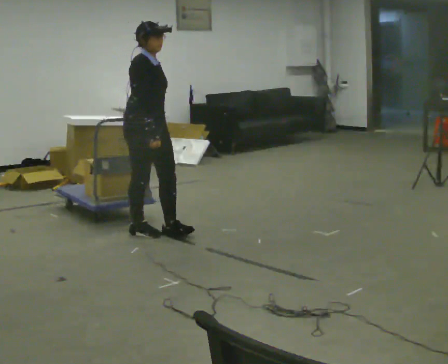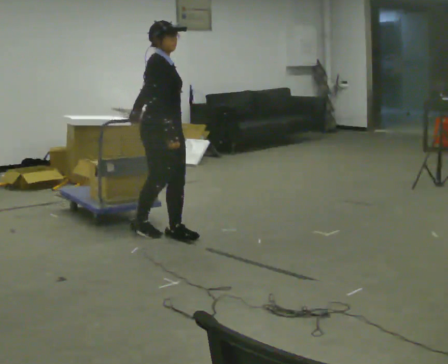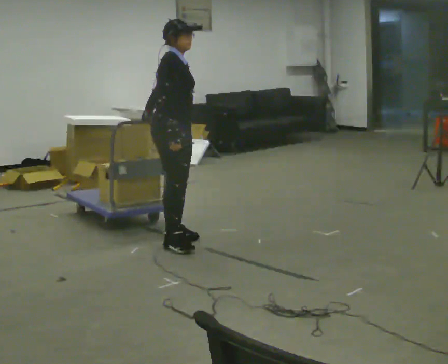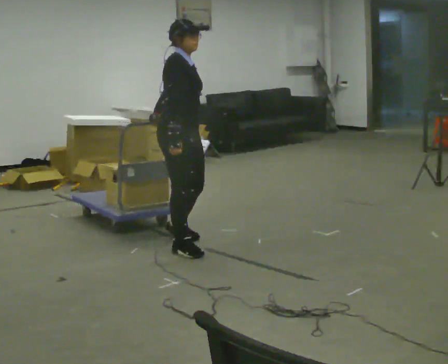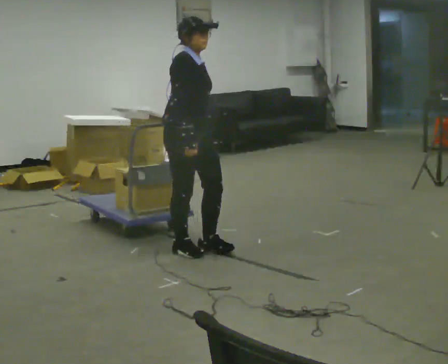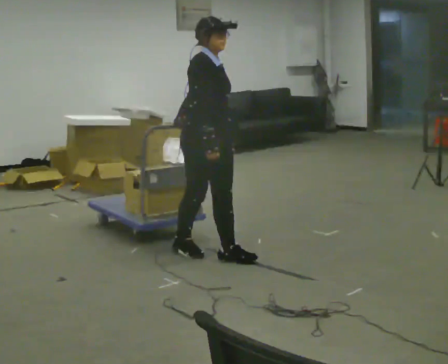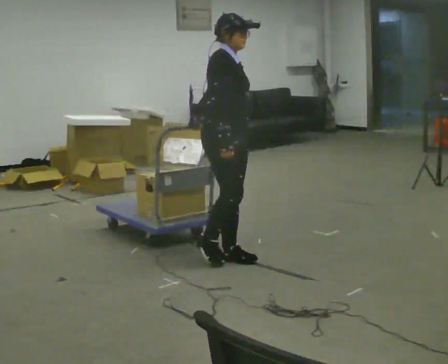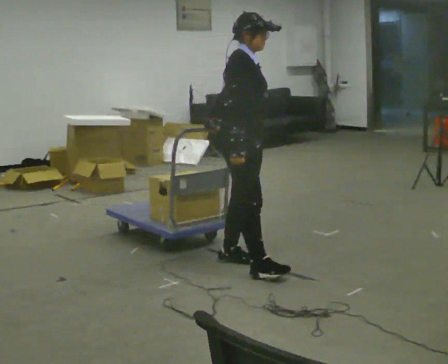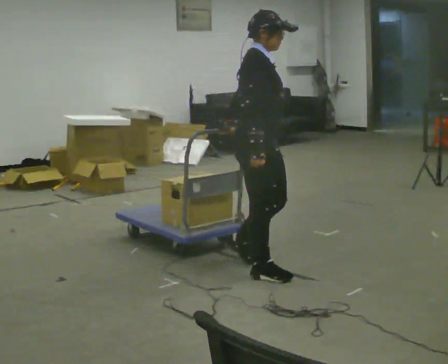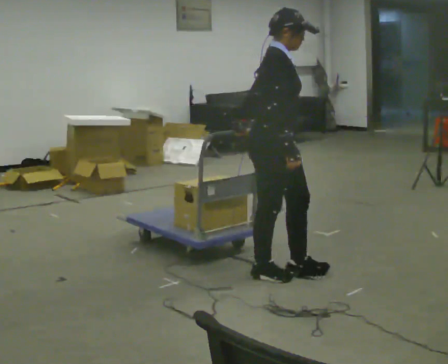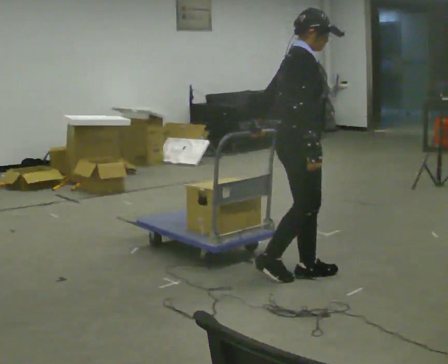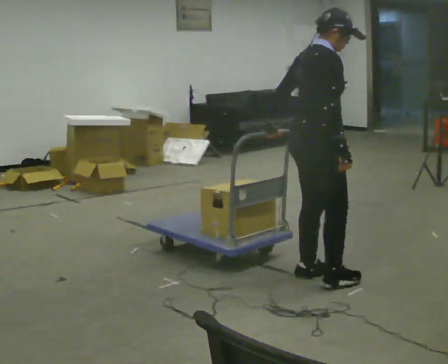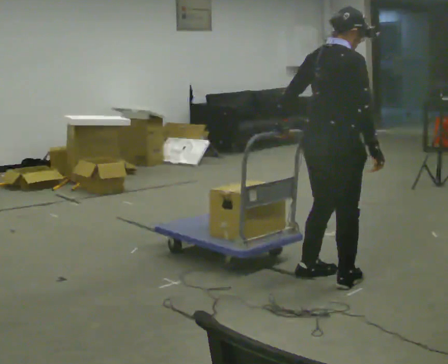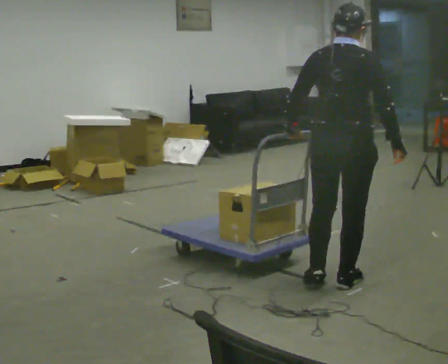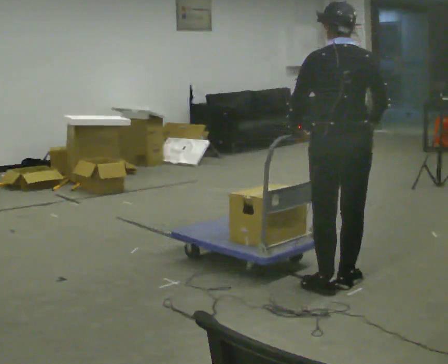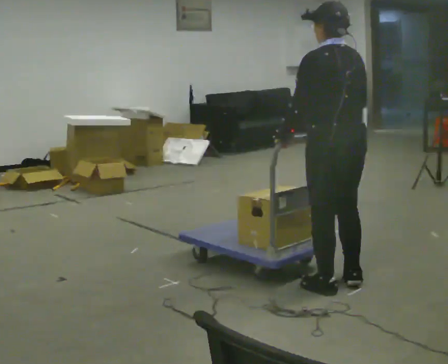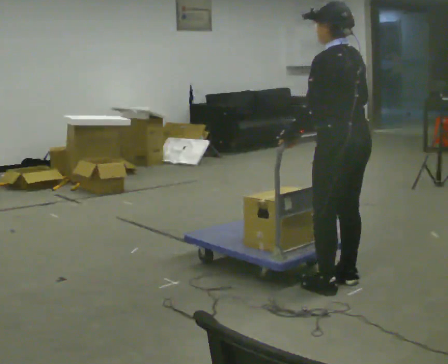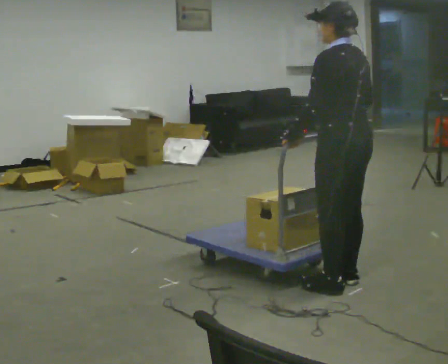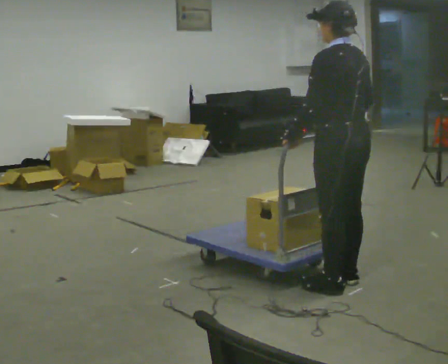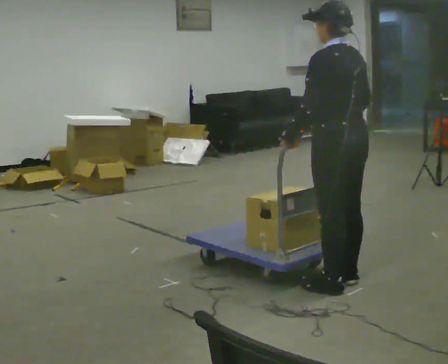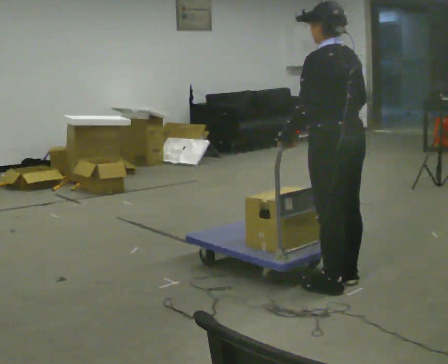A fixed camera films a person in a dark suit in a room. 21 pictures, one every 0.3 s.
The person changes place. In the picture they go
to the right.
The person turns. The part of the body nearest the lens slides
to the right.
0.0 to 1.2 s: In the picture they go to the right and toward the camera, about 0.5 m in 2 steps, which for them is forward and to their right.
1.2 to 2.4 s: In the picture they go to the right and toward the camera, about 0.5 m in 2 steps, which for them is forward.
2.4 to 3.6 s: The person turns about 60 degrees to their left, counterclockwise seen from above, so the part of the body nearest the lens slides to the right. In the picture they go to the right, about 0.5 m in 2 steps, which for them is forward.
3.6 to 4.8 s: The part of the body nearest the lens slides to the right as the person turns to their left by about 90 degrees.
4.8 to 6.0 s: The person moves a little, or ends about where they began.
The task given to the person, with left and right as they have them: Push the cart across the room and back. The operator will change how much is loaded on it between takes and will tell you each time.
The film runs forward here.
